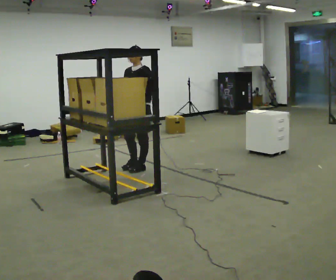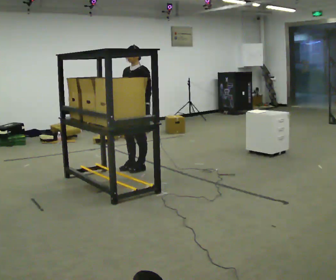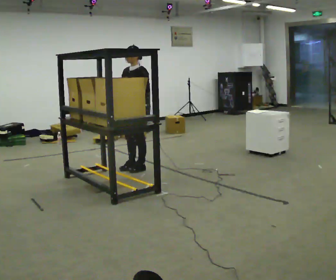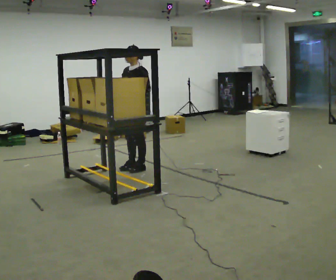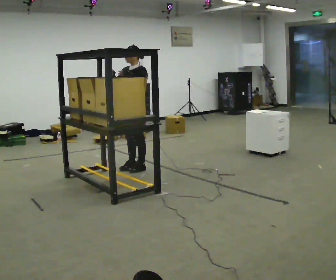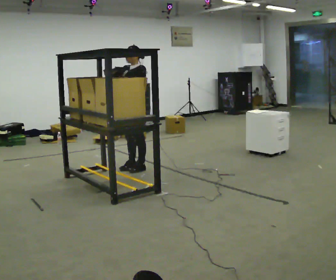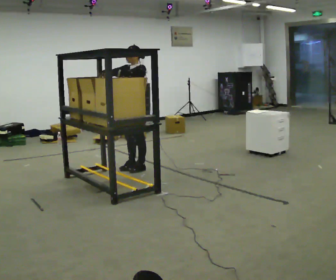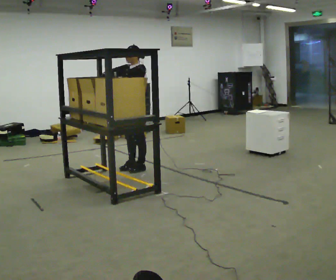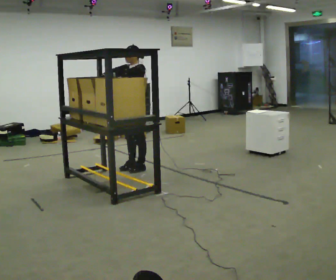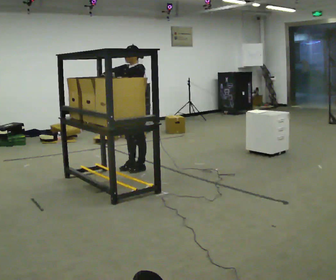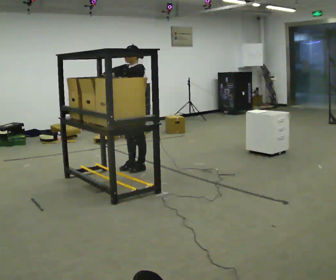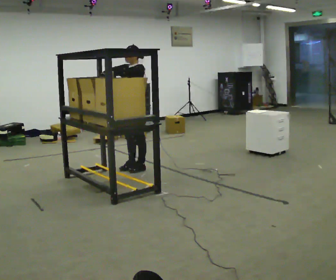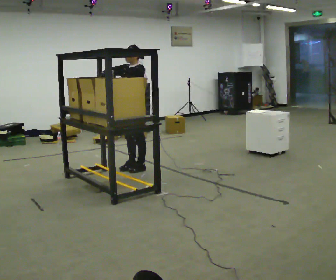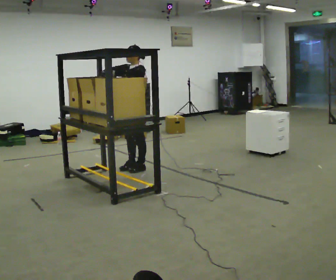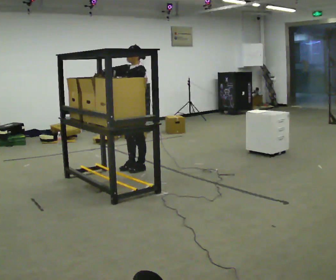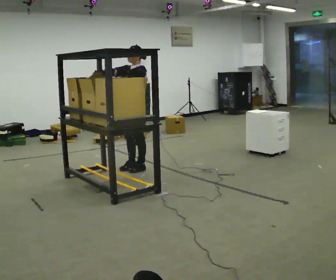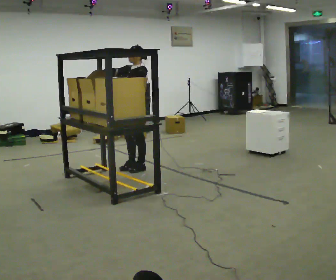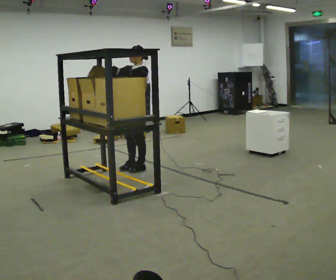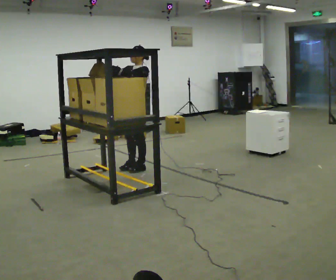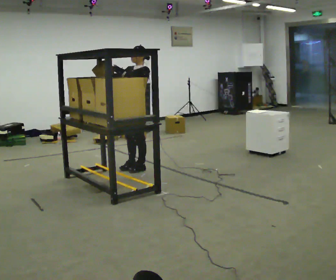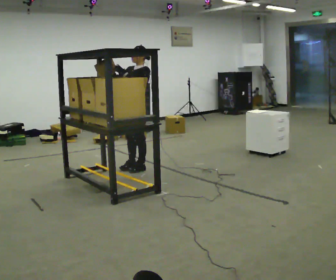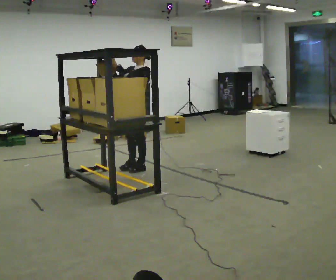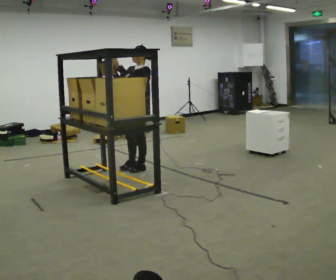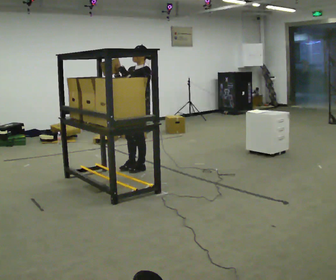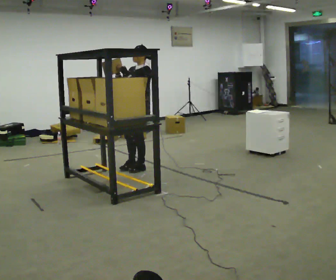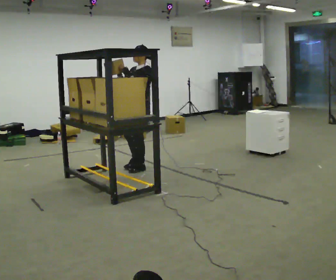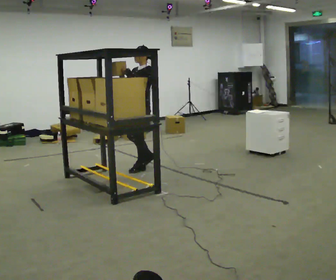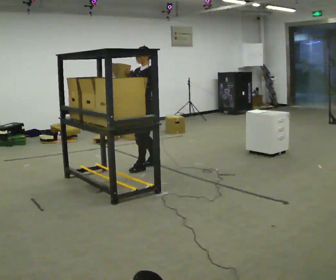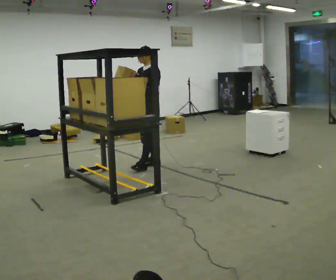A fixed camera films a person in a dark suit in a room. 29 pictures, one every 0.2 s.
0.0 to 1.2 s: In the picture their right hand goes upward.
1.2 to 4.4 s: The person moves a little, or ends about where they began.
4.4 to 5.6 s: In the picture they go to the right and away from the camera, about 0.25 m in 2 steps, which for them is backward.
The film runs backward here.
